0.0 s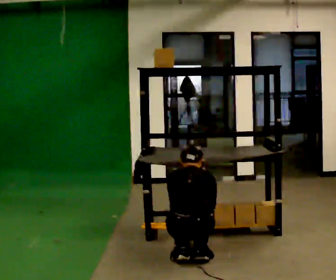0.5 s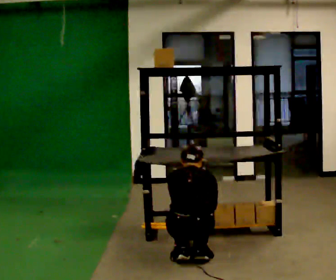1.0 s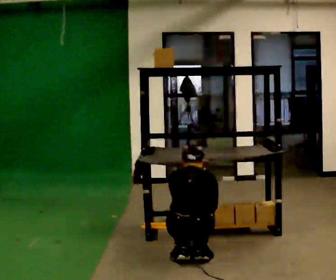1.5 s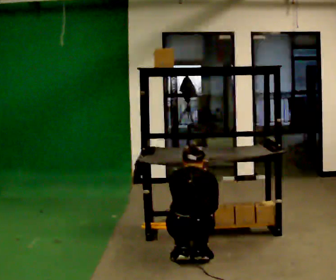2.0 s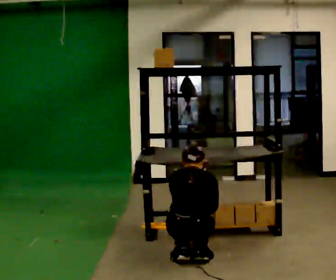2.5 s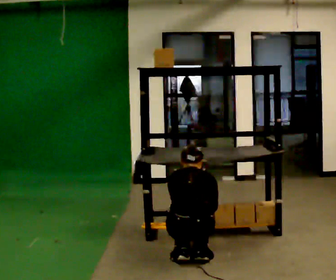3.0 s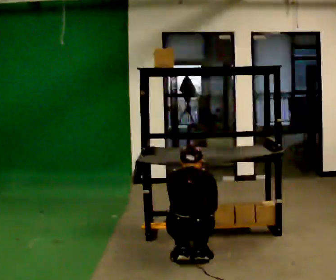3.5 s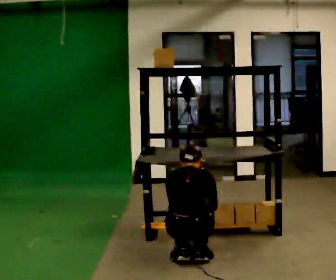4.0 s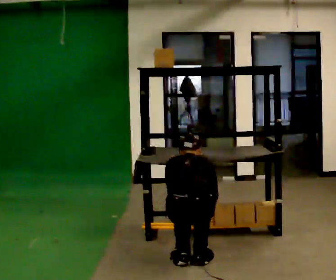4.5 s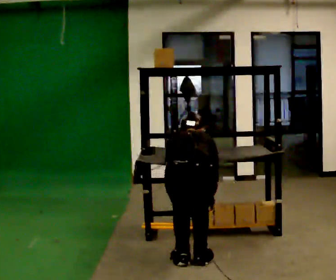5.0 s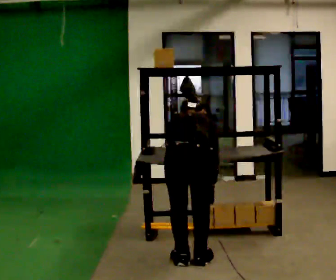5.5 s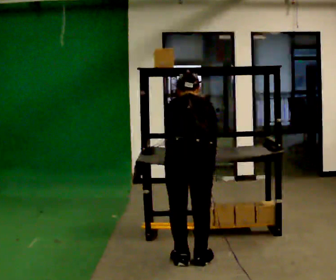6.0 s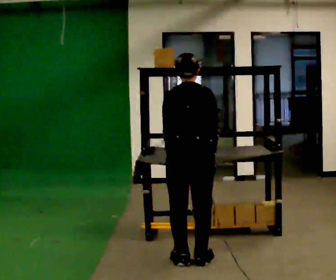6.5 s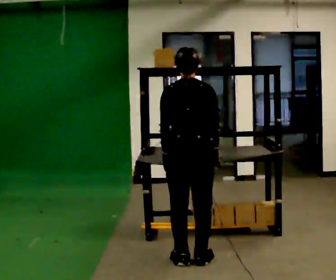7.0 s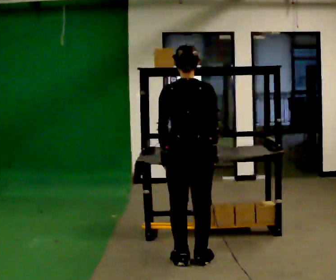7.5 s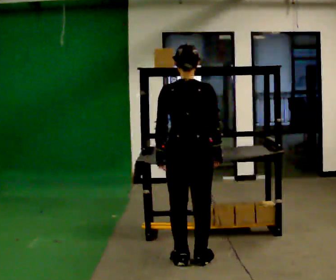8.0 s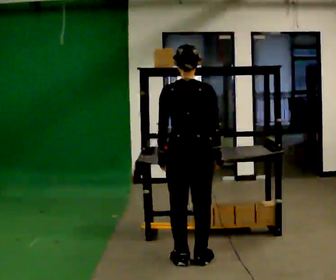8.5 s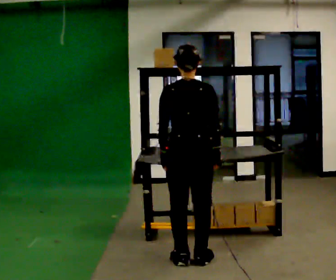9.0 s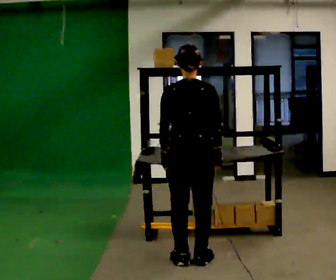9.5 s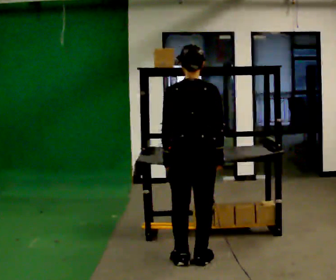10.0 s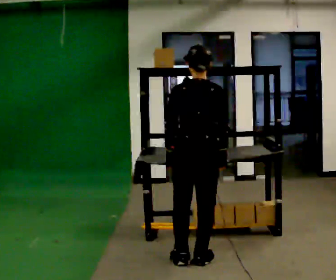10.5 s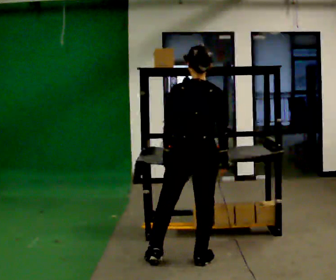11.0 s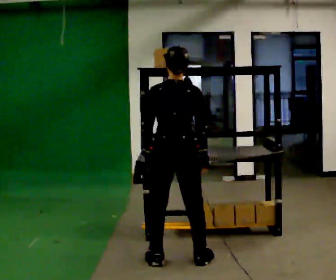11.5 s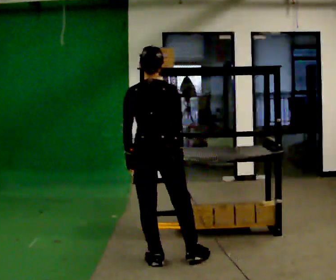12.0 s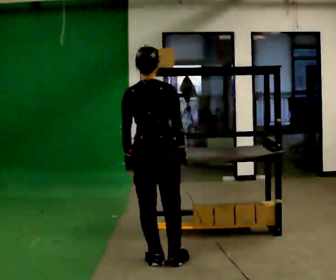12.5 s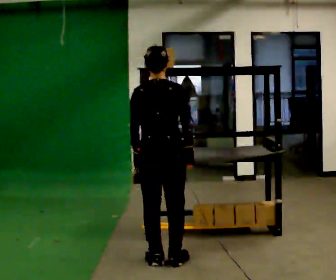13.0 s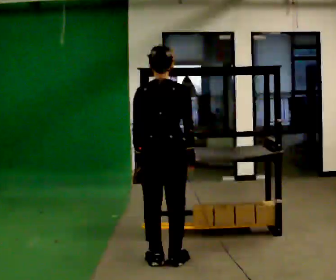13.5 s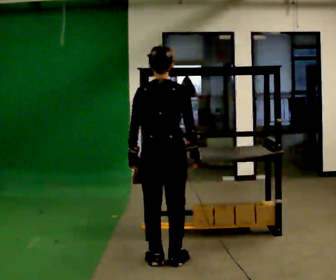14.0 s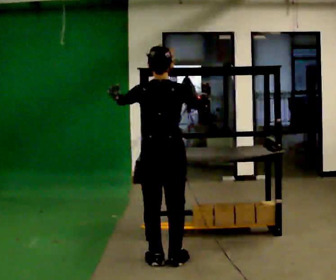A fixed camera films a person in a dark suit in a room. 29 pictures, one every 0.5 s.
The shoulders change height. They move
upward.
Their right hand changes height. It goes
upward.
0.0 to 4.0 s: The person moves a little, or ends about where they began.
4.0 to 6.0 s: The upper body goes upward. In the picture their left hand goes upward.
6.0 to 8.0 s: The upper body tips toward the camera, its near side rolling downward, as they lean back or straighten.
8.0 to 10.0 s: The person moves a little, or ends about where they began.
10.0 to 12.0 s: In the picture they go to the left, about 0.25 m in 2 steps, which for them is to their left.
12.0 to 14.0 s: In the picture their left hand goes upward, the arm swinging clockwise.
The film runs forward here.
